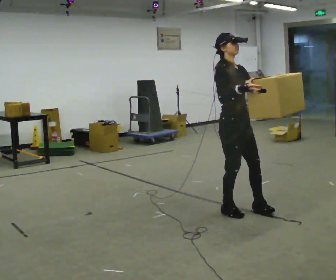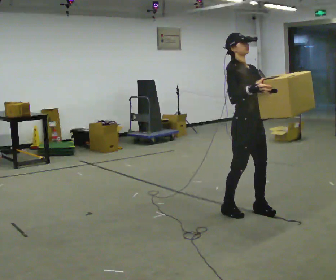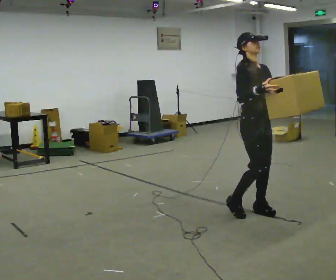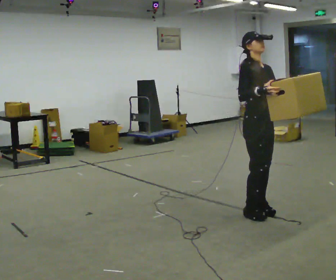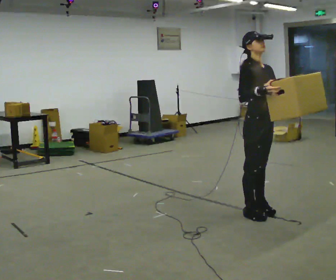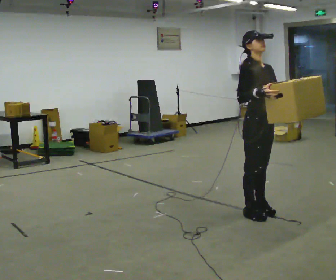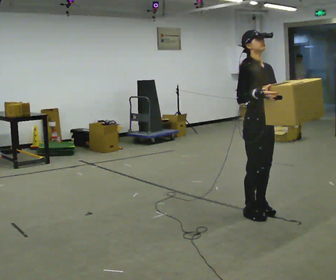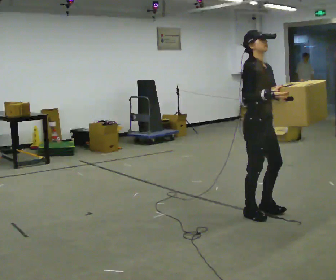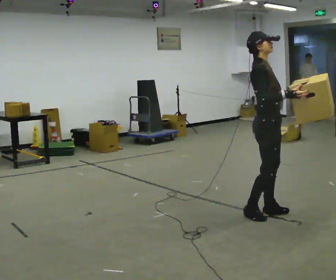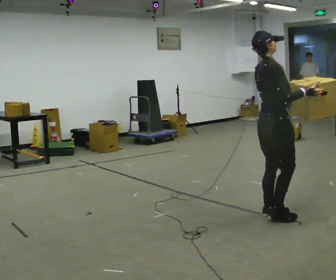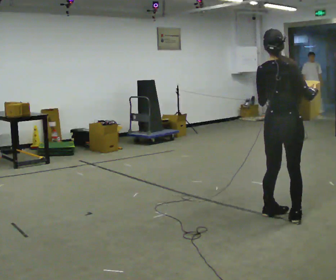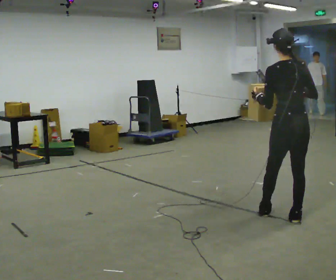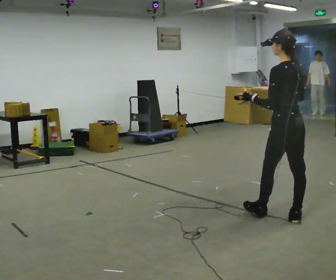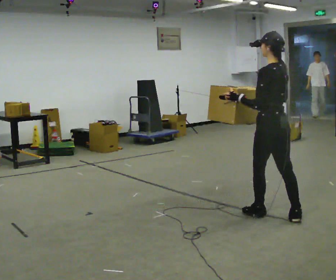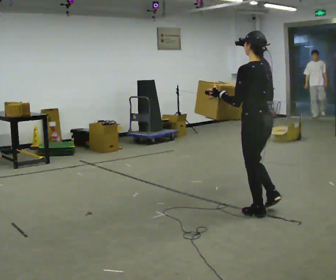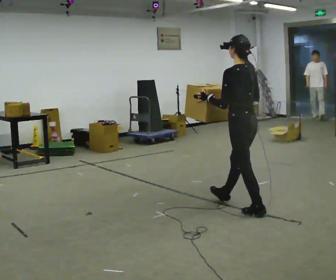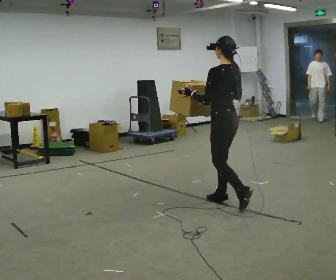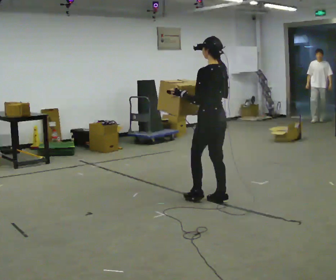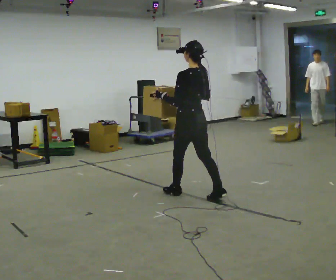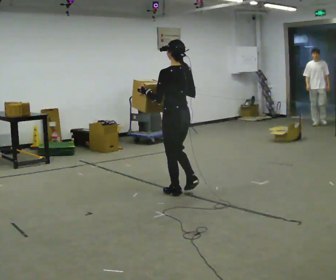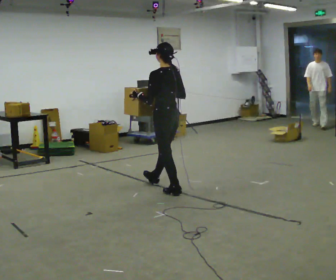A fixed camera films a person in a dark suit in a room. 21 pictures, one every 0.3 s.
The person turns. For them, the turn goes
to their left.
The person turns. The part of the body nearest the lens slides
to the right.
0.0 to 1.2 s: In the picture they go to the right, about 0.25 m in 2 steps, which for them is forward and to their left.
1.2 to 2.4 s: The person turns about 30 degrees to their left, counterclockwise seen from above, so the part of the body nearest the lens slides to the right.
2.4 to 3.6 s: The part of the body nearest the lens slides to the right as the person turns to their left by about 150 degrees. In the picture they go to the right, about 0.25 m in 1 step.
3.6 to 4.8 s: In the picture they go to the left and away from the camera, about 0.5 m in 1 step, which for them is forward.
4.8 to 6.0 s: In the picture they go to the left and away from the camera, about 1 m in 1 step, which for them is forward.
The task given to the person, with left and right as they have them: Carry the heavy box in both hands in front of you, walking back and forth across the room. Keep walking until the operator says stop. Set it down if you need a rest.
The film runs forward here.
